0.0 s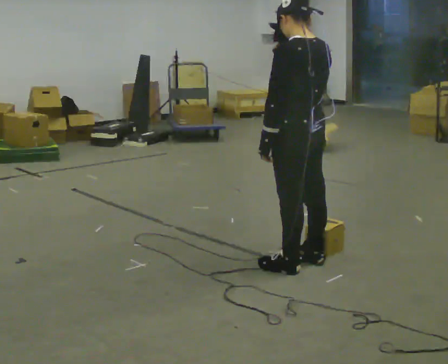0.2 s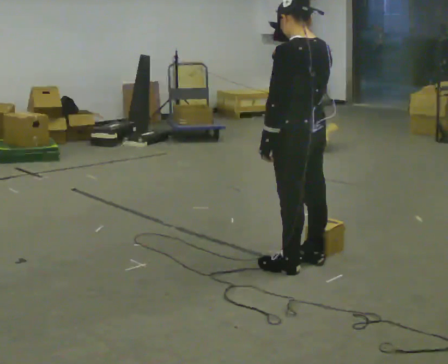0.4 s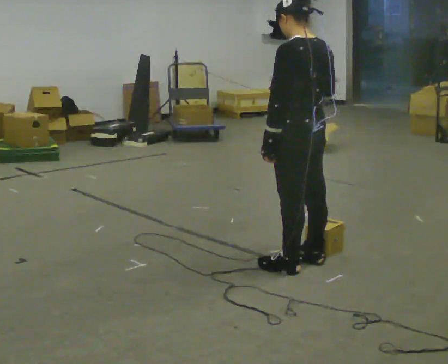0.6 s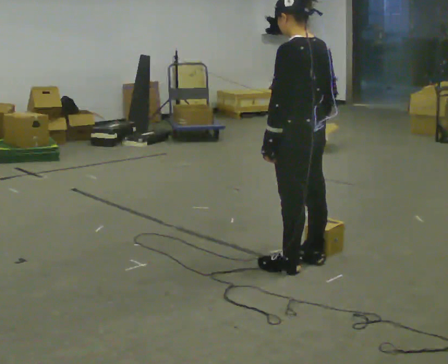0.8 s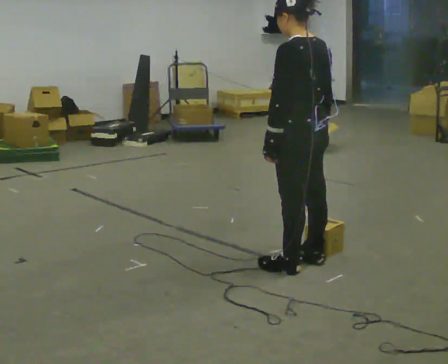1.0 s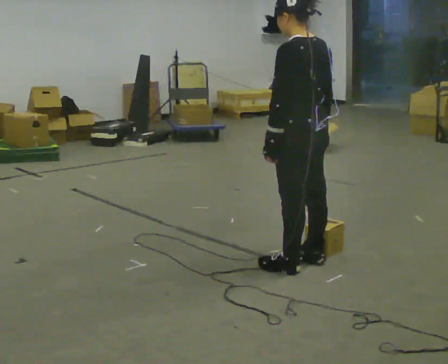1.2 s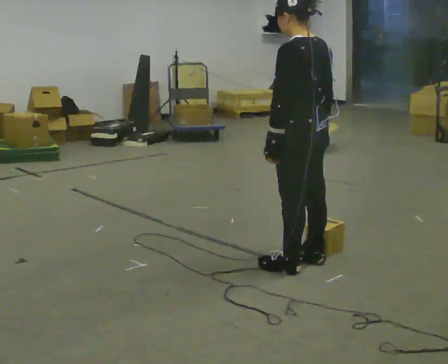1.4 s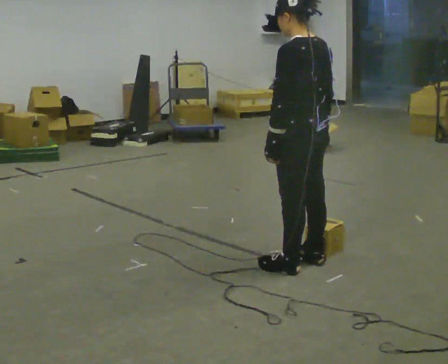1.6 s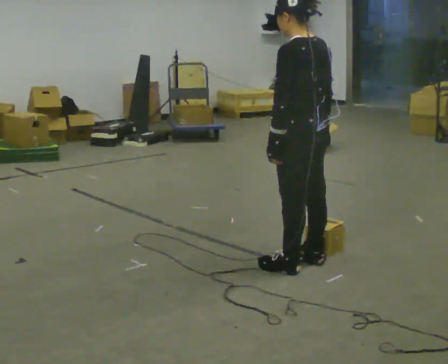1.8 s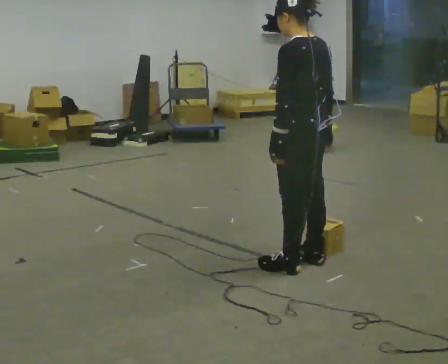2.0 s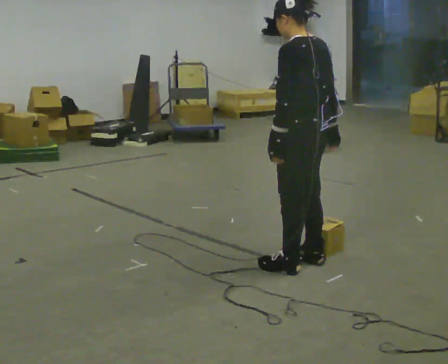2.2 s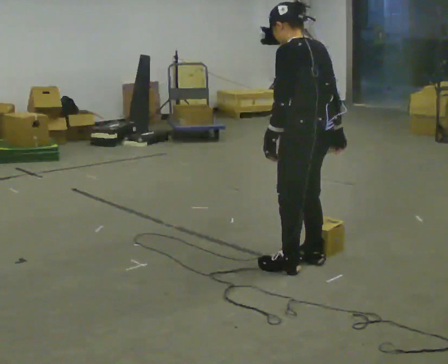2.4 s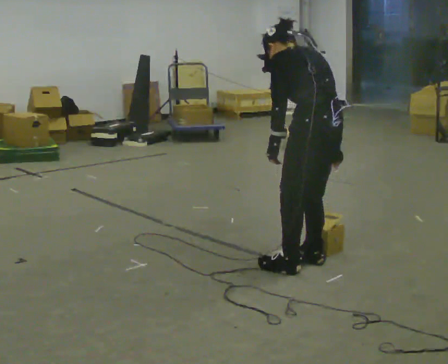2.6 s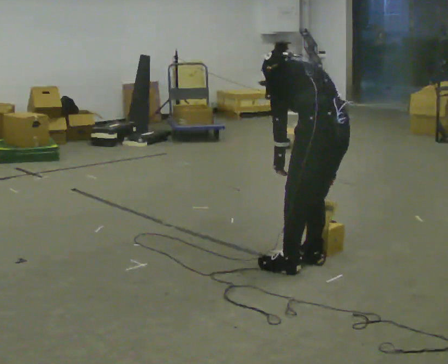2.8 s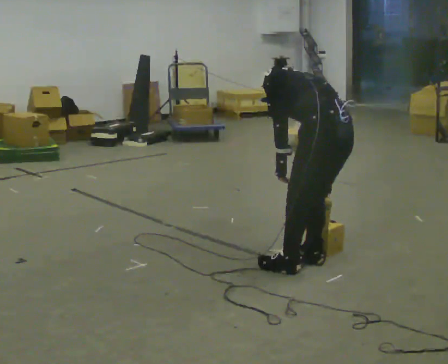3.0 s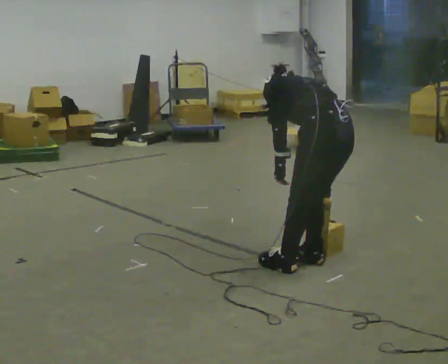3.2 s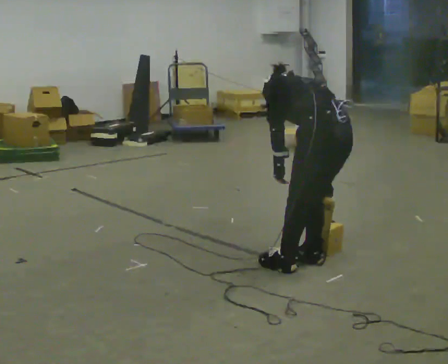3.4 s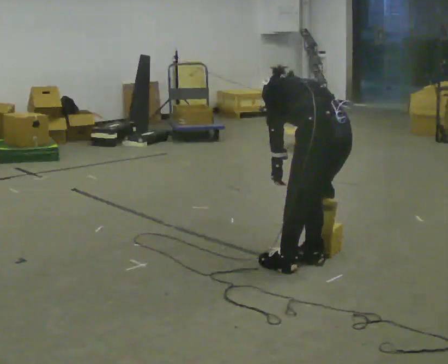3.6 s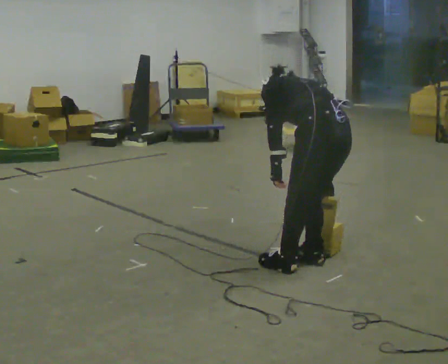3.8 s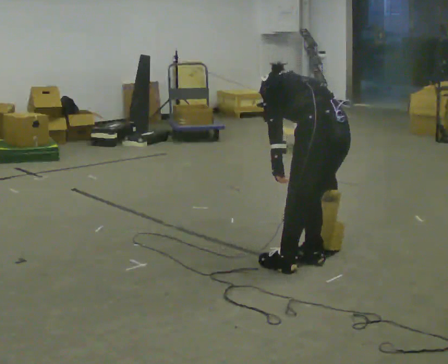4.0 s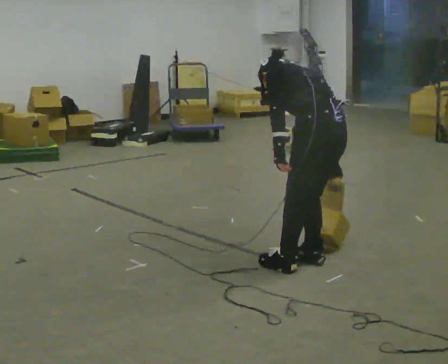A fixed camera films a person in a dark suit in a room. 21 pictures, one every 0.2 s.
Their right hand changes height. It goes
downward.
0.0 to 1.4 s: In the picture their right hand goes downward.
1.4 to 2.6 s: The upper body tips away from the camera, its near side rolling upward, as they bend forward.
2.6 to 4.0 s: The person moves a little, or ends about where they began.
The film runs backward here.
